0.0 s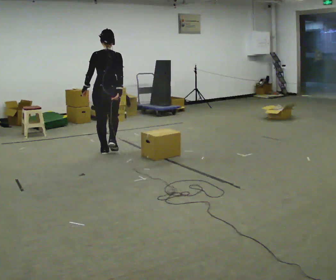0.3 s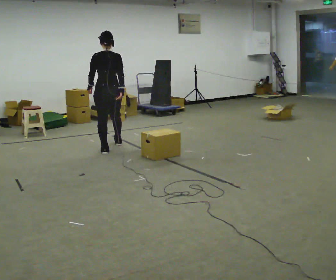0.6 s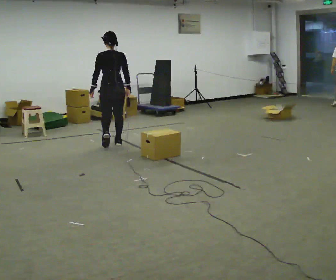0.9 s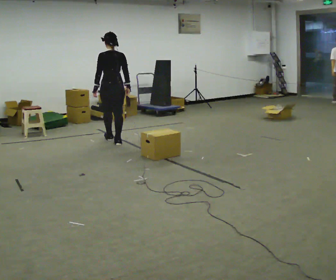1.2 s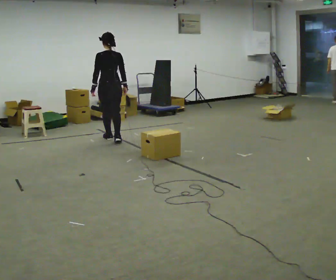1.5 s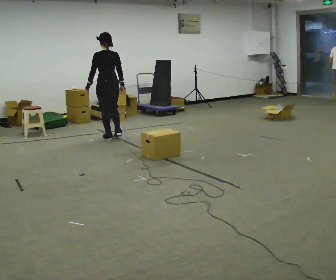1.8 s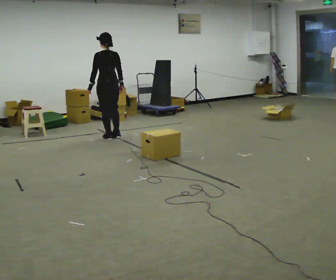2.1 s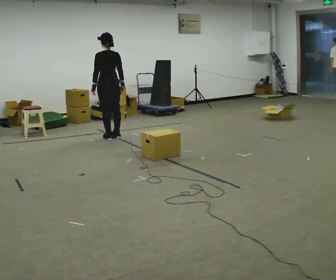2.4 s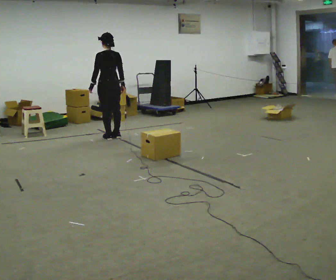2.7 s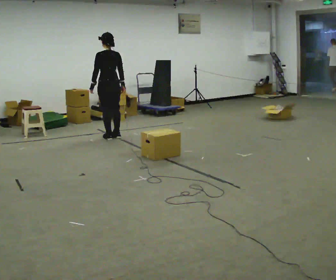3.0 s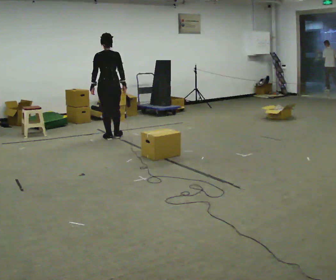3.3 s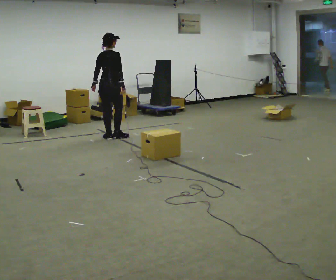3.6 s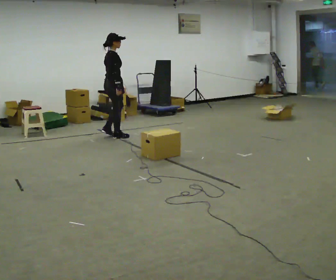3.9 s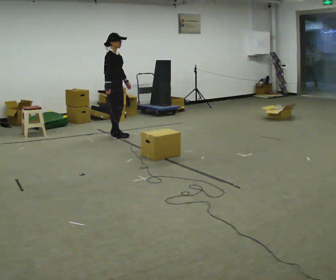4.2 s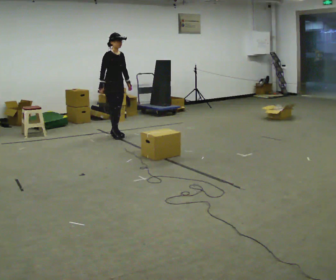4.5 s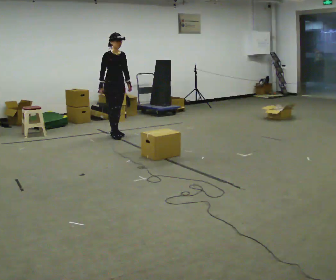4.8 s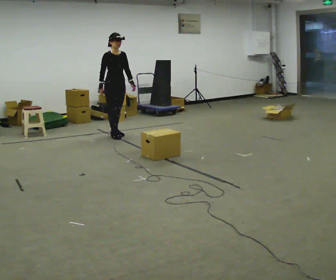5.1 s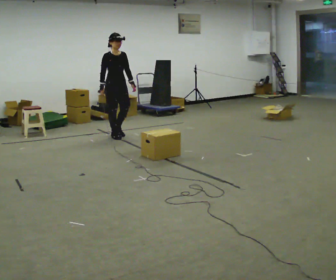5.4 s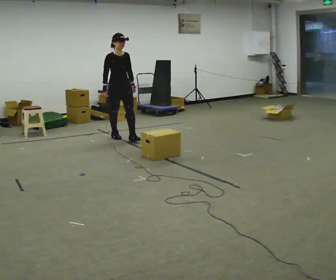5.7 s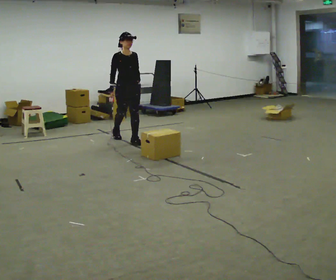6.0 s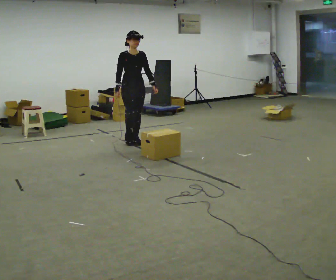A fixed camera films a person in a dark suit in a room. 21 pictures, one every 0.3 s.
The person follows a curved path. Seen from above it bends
clockwise.
0.0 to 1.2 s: In the picture they go away from the camera, about 0.5 m in 2 steps, which for them is forward.
1.2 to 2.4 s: In the picture they go away from the camera, about 0.25 m in 1 step, which for them is forward.
2.4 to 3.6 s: The person turns about 105 degrees to their right, clockwise seen from above, so the part of the body nearest the lens slides to the left.
3.6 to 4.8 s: The person turns about 75 degrees to their right, clockwise seen from above, so the part of the body nearest the lens slides to the left. In the picture their left hand goes to the right.
4.8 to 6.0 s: In the picture they go toward the camera and to the right, about 0.5 m in 1 step, which for them is forward.
The film runs forward here.
